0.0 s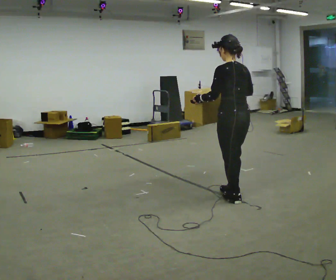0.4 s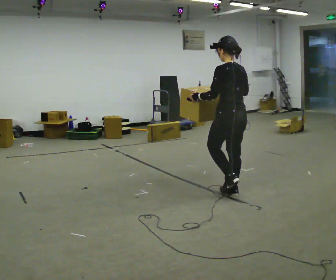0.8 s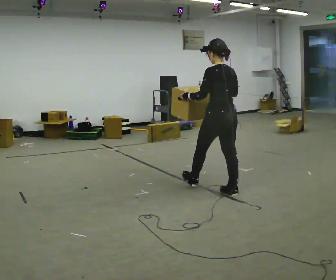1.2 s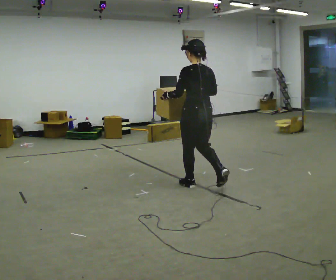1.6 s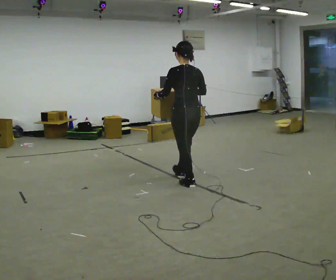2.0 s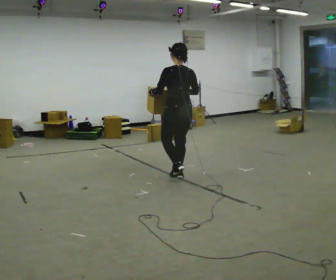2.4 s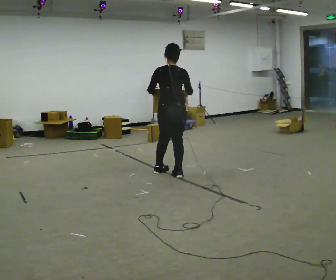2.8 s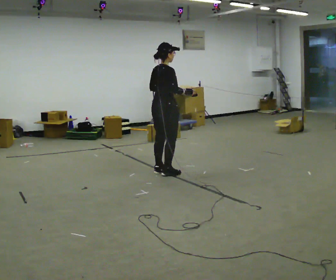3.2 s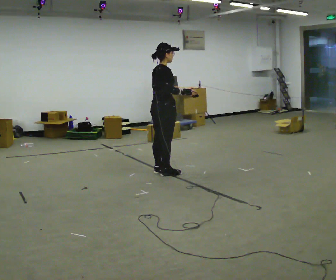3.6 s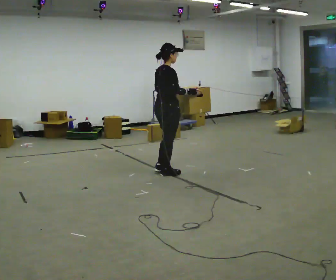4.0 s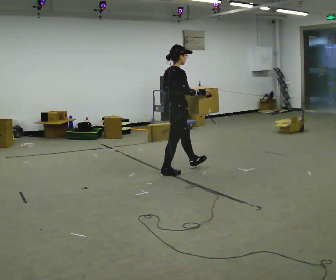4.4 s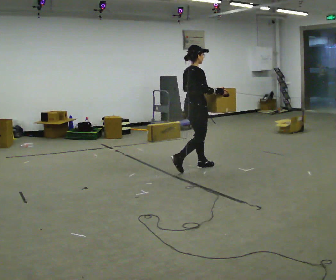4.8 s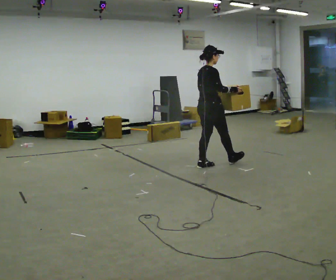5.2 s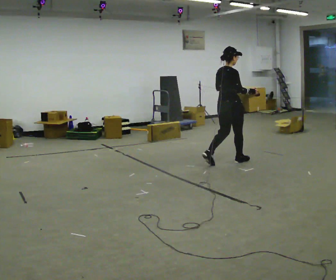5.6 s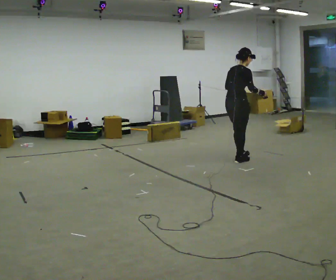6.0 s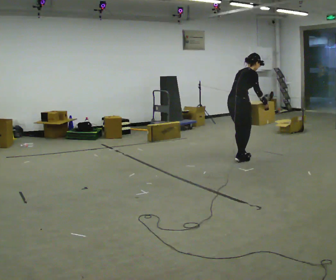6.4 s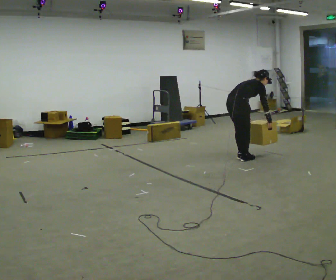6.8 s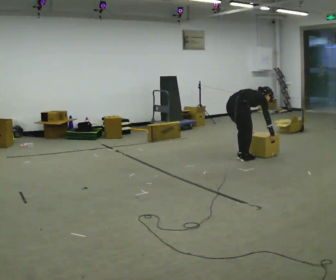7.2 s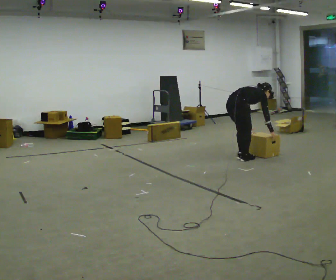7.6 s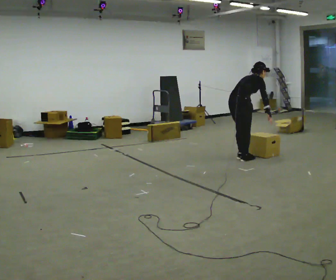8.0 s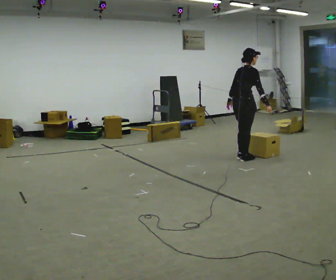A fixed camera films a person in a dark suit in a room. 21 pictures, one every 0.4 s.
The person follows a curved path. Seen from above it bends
clockwise.
The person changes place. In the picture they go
away from the camera.
0.0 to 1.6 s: In the picture they go away from the camera and to the left, about 0.5 m in 1 step, which for them is forward.
1.6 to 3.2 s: The person turns about 90 degrees to their right, clockwise seen from above, so the part of the body nearest the lens slides to the left. In the picture they go away from the camera and to the left, about 0.5 m in 3 steps.
3.2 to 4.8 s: In the picture they go to the right and away from the camera, about 0.5 m in 1 step, which for them is forward.
4.8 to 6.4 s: In the picture they go to the right and away from the camera, about 0.5 m in 2 steps, which for them is forward. The upper body goes downward. In the picture the upper body tilts clockwise, shoulders to the right, as they bend forward. In the picture their right hand goes downward.
6.4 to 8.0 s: The person moves a little, or ends about where they began.
The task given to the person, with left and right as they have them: Carry the box along the marked route, turning 90 degrees at the corner the operator calls, and set it down at the end. Keep going until the operator says stop; one object at a time, and do not rush between trips.
The film runs forward here.
